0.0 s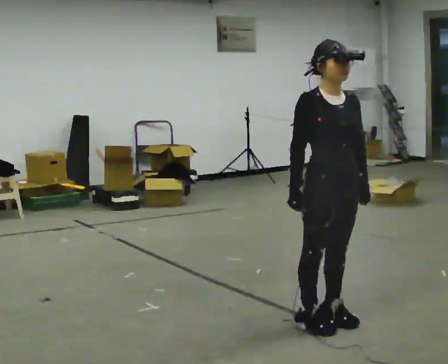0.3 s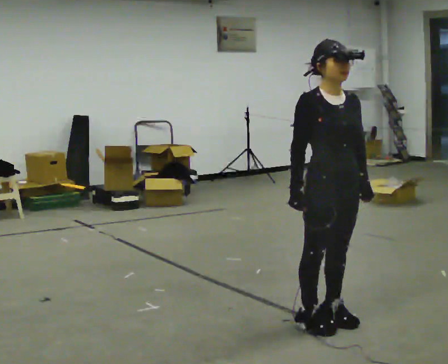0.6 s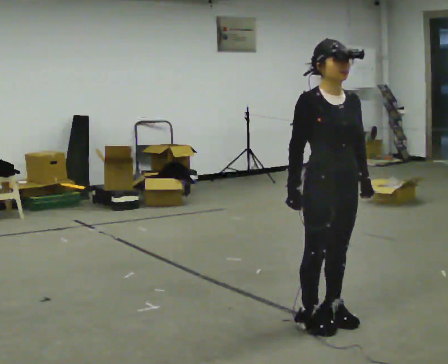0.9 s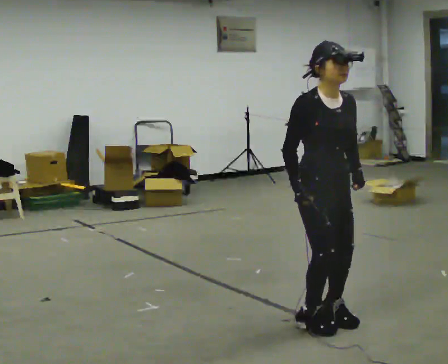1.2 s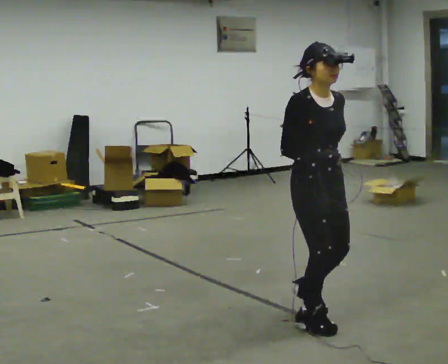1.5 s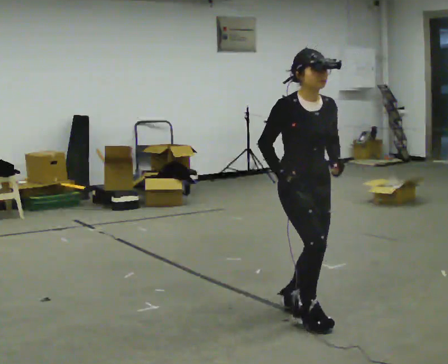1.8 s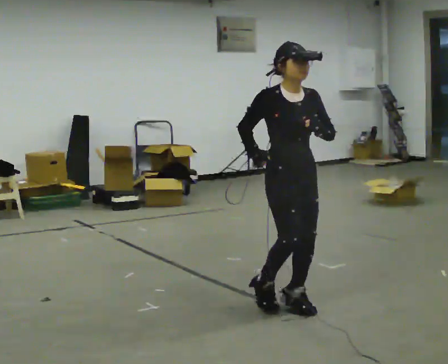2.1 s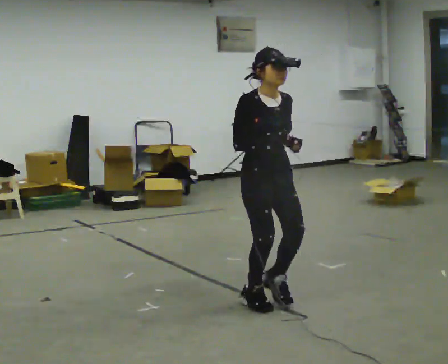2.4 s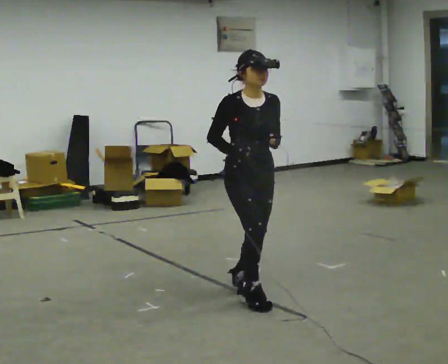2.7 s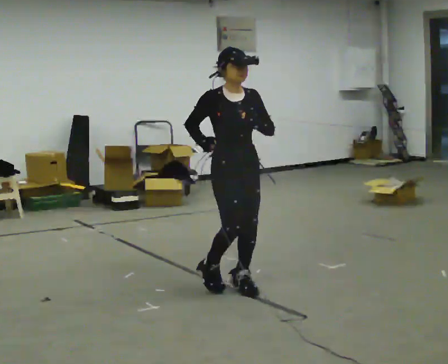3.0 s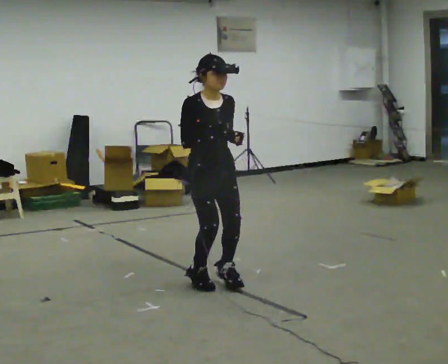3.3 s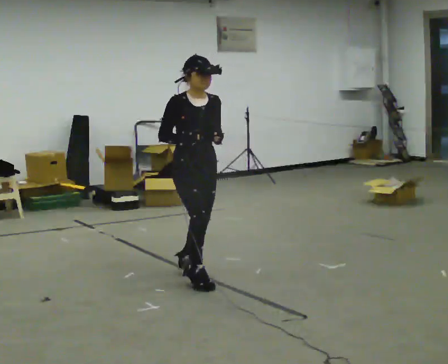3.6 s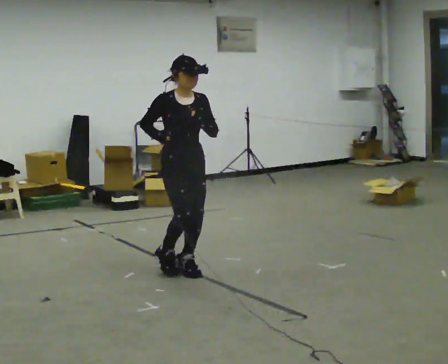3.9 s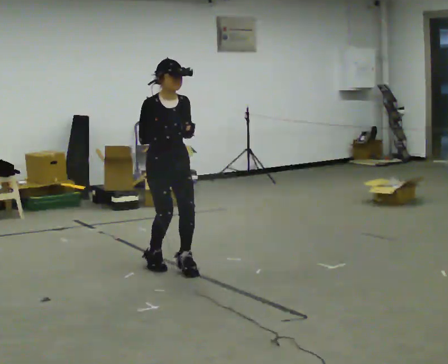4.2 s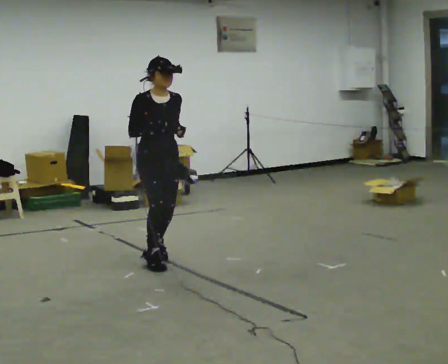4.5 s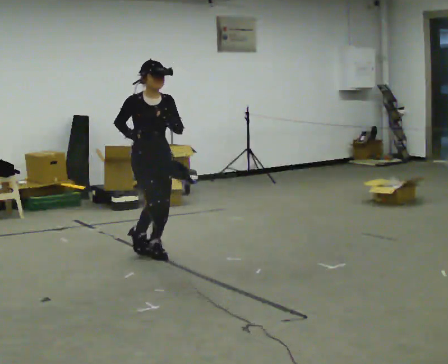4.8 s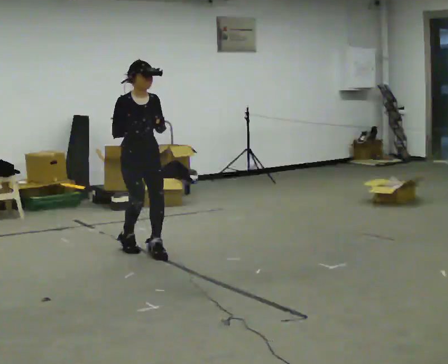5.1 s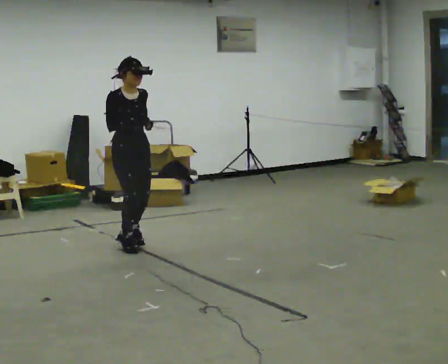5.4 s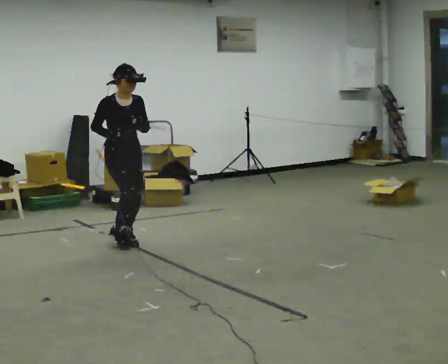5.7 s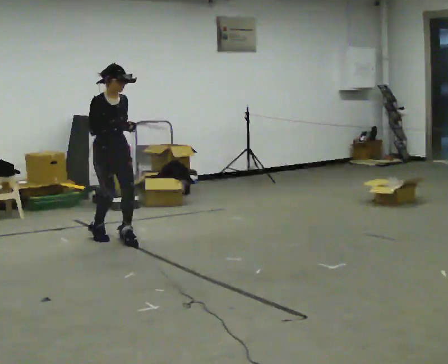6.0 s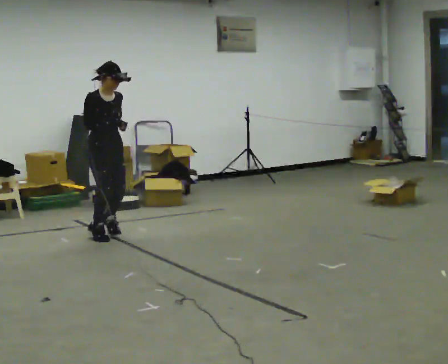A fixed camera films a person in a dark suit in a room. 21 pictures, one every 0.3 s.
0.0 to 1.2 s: The person moves a little, or ends about where they began.
1.2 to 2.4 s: In the picture they go away from the camera and to the left, about 0.5 m in 3 steps, which for them is backward.
2.4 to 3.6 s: In the picture they go away from the camera and to the left, about 0.75 m in 2 steps, which for them is backward.
3.6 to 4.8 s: In the picture they go away from the camera and to the left, about 0.5 m in 3 steps, which for them is backward.
4.8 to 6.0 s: In the picture they go away from the camera and to the left, about 0.5 m in 2 steps, which for them is backward.
The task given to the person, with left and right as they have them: Jog backward at a comfortable pace. The operator confirms the space behind you is clear before each take.
The film runs forward here.
